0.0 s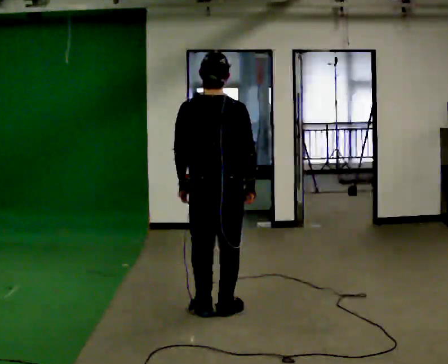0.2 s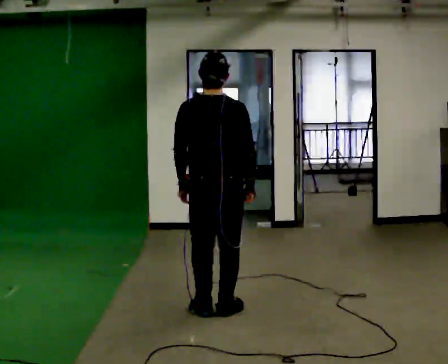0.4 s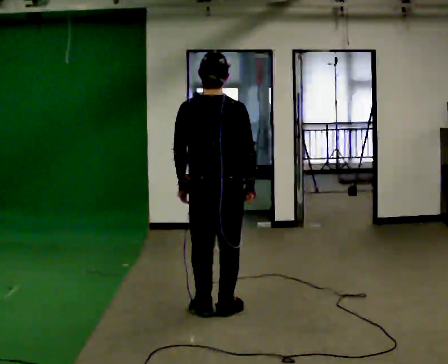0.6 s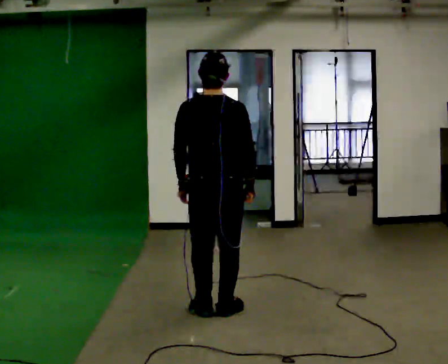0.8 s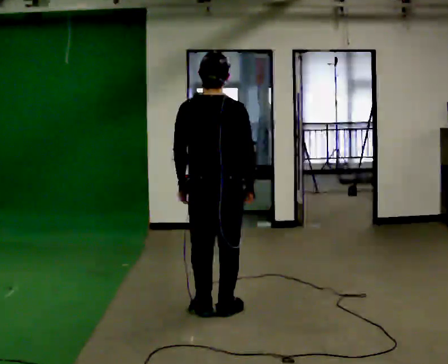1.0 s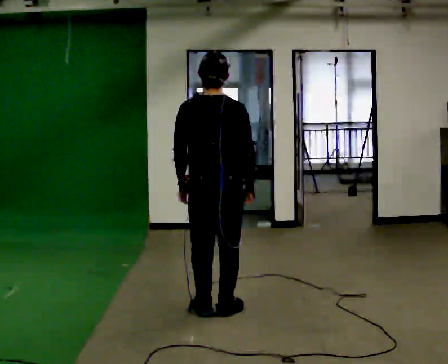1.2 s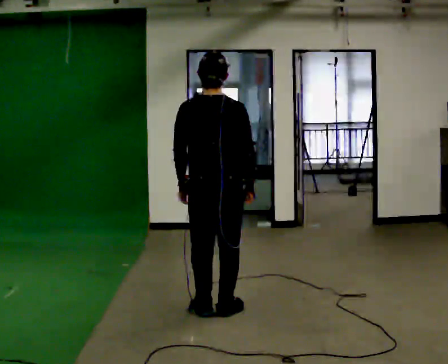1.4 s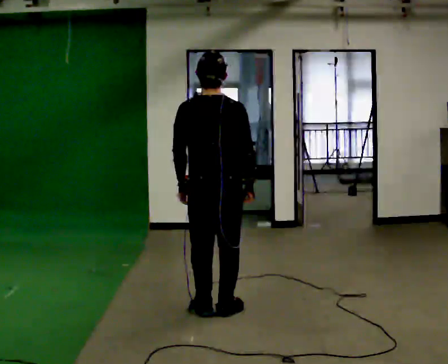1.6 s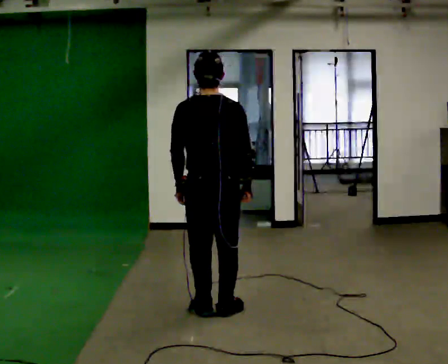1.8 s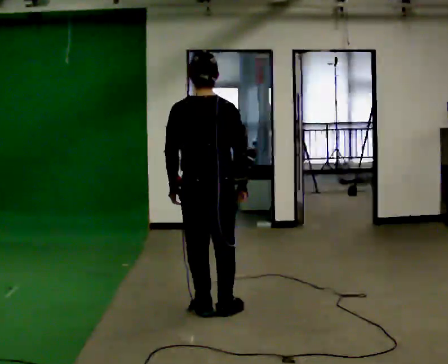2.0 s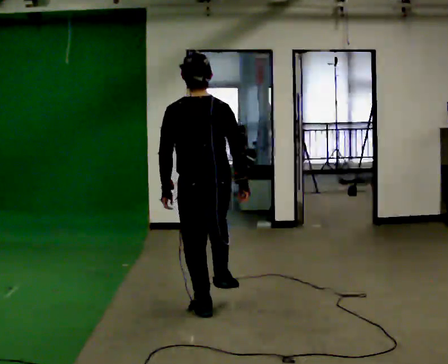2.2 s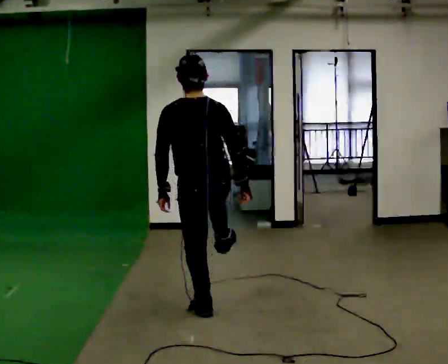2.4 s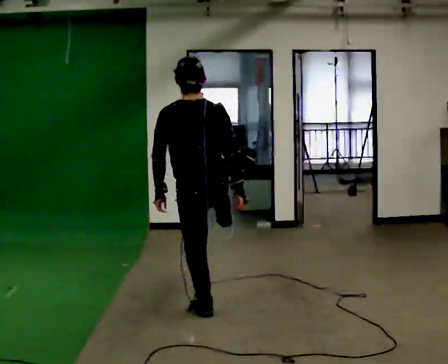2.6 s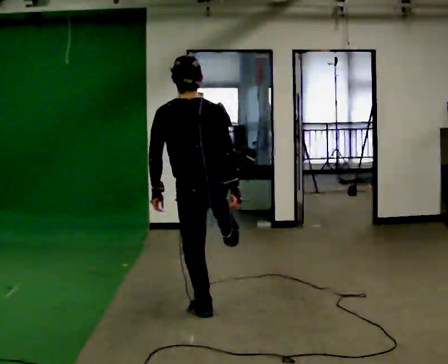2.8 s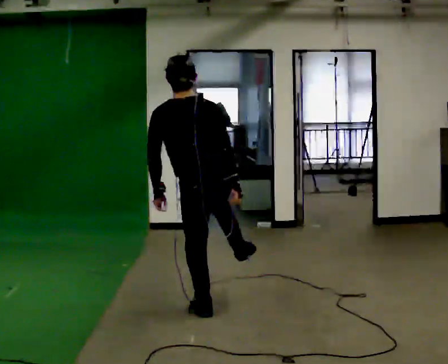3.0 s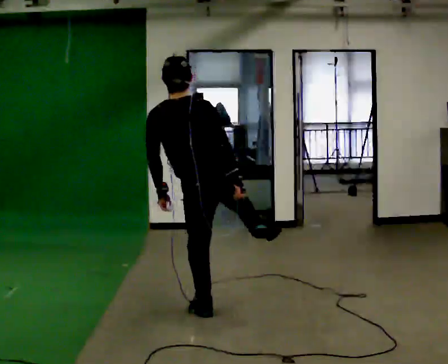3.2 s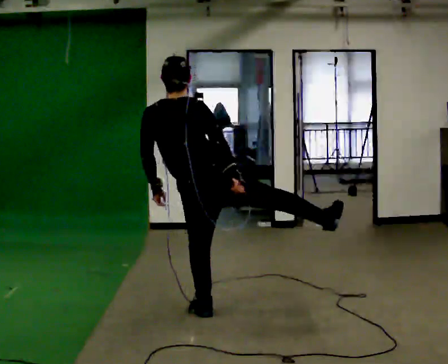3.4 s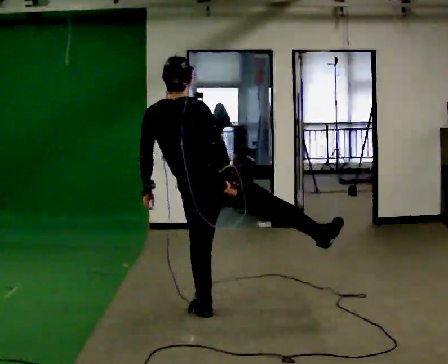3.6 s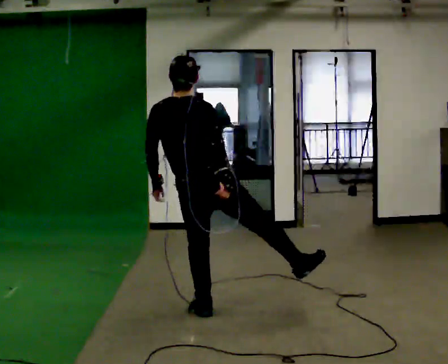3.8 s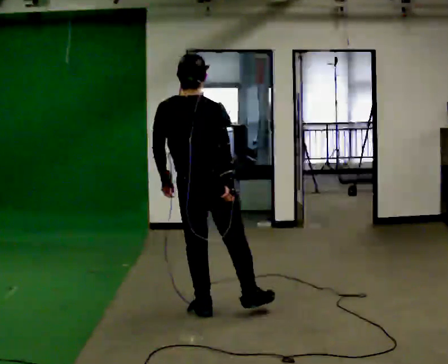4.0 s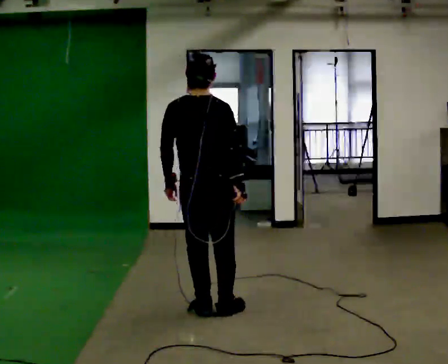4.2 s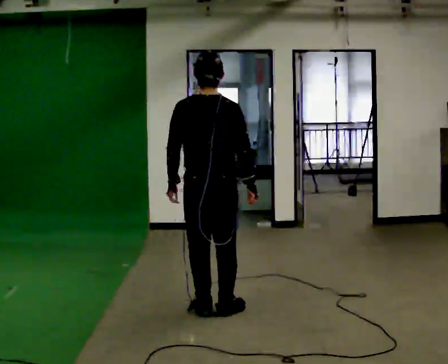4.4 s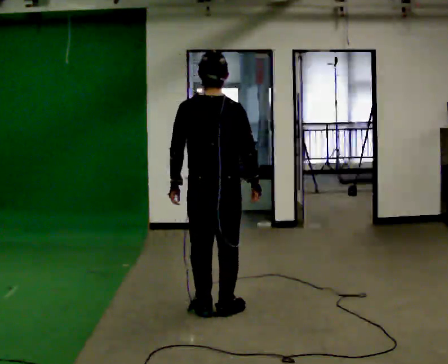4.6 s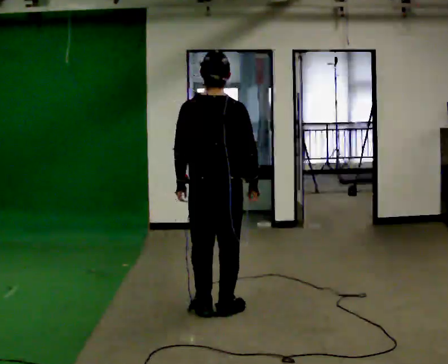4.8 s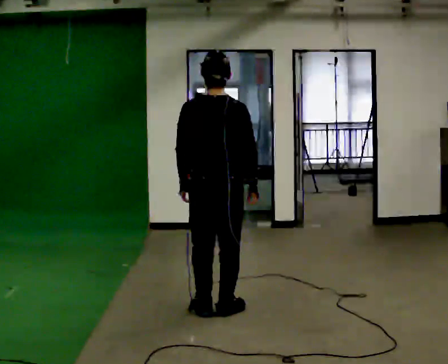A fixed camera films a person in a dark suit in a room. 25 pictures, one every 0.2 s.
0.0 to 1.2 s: The person keeps their place and pose.
1.2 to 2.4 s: The person moves a little, or ends about where they began.
2.4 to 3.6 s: The person turns about 30 degrees to their right, clockwise seen from above, so the part of the body nearest the lens slides to the left. The upper body tips away from the camera, its near side rolling upward, as they bend forward.
3.6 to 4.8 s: In the picture the upper body tilts clockwise, shoulders to the right.
The film runs forward here.
